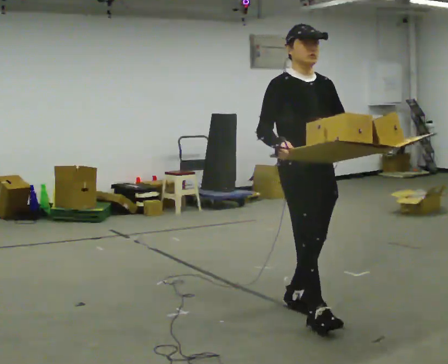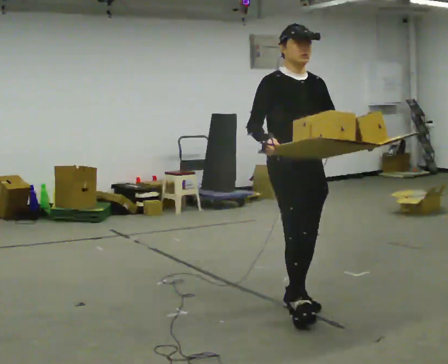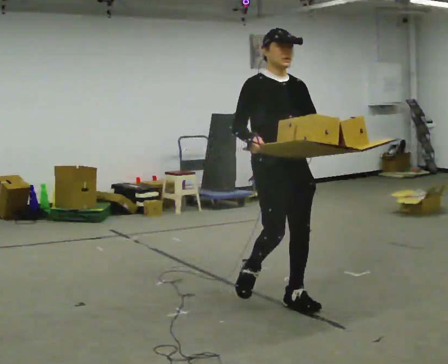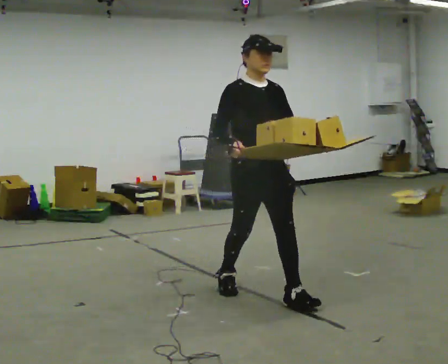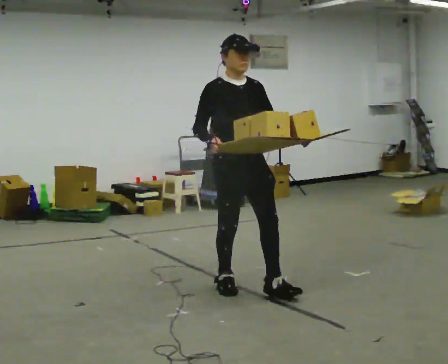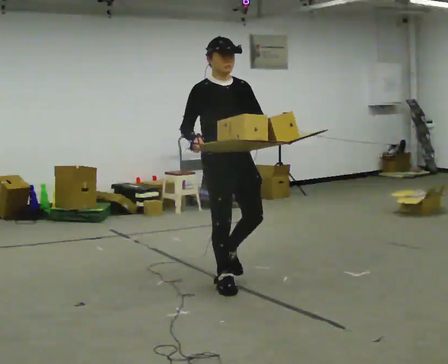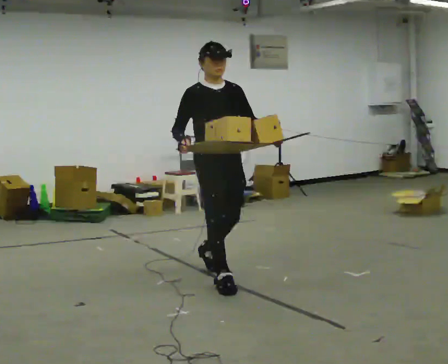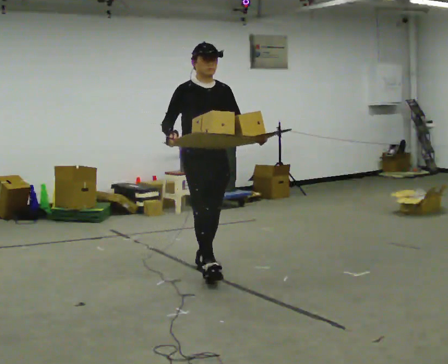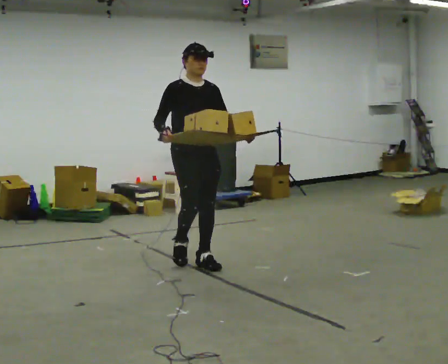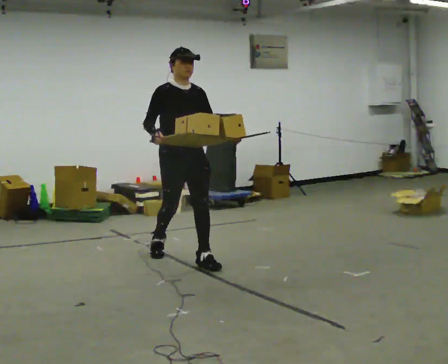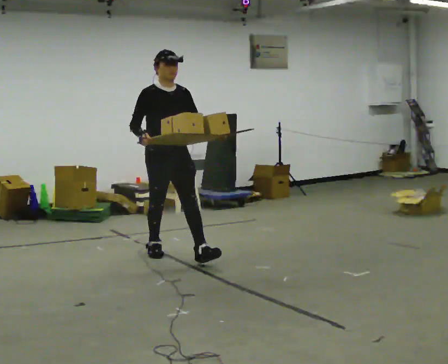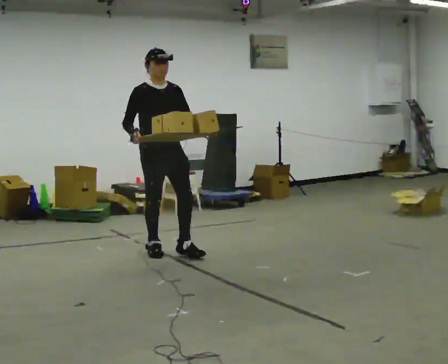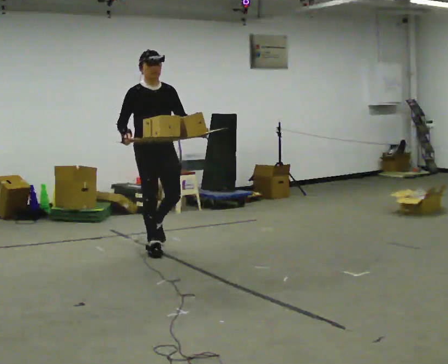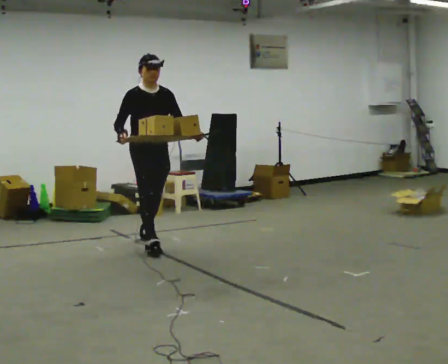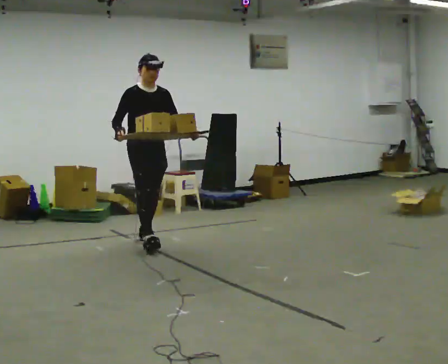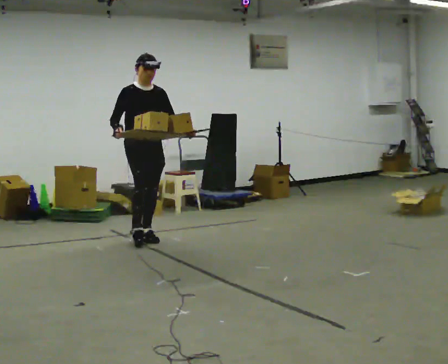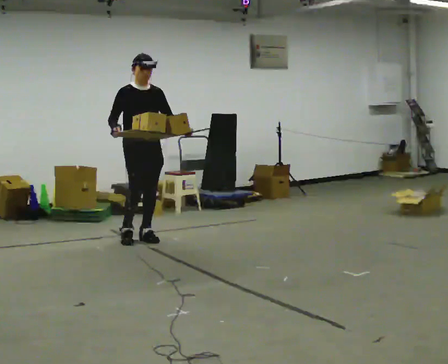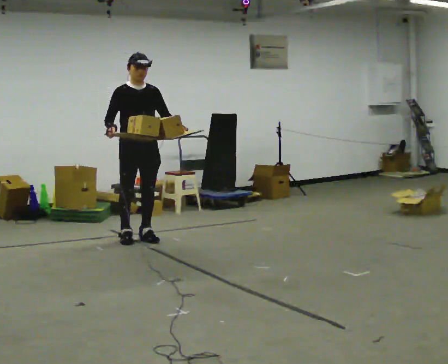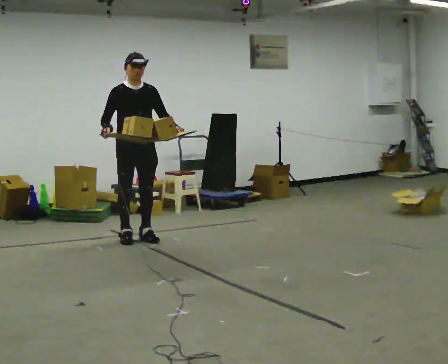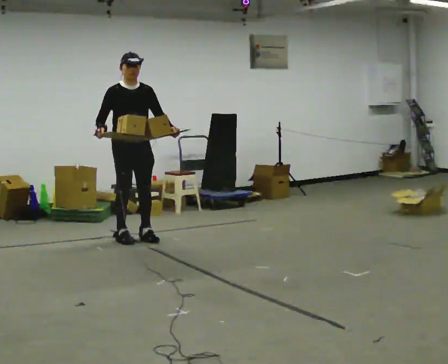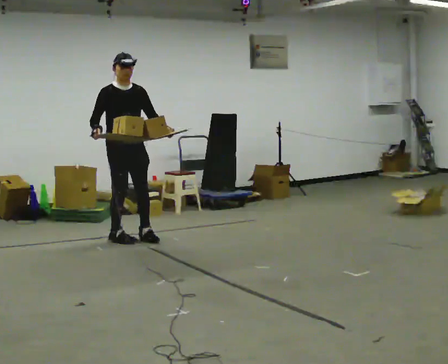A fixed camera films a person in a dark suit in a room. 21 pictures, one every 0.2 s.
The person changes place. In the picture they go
away from the camera.
0.0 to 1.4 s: In the picture they go away from the camera and to the left, about 1 m in 2 steps, which for them is backward.
1.4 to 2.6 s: In the picture they go away from the camera and to the left, about 1 m in 2 steps, which for them is backward.
2.6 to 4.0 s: In the picture they go away from the camera and to the left, about 0.5 m in 1 step, which for them is backward.
The film runs backward here.
